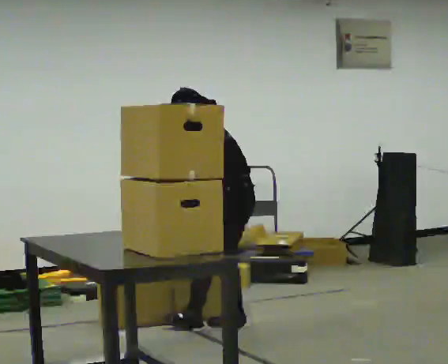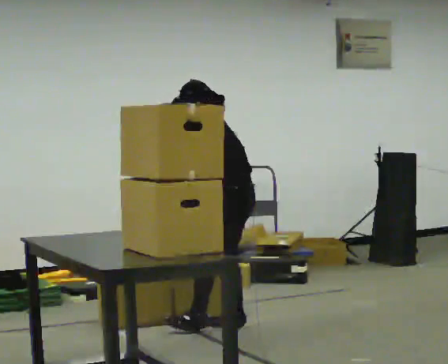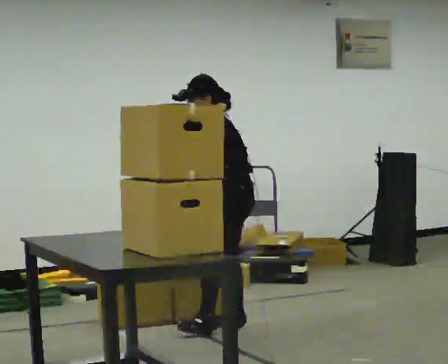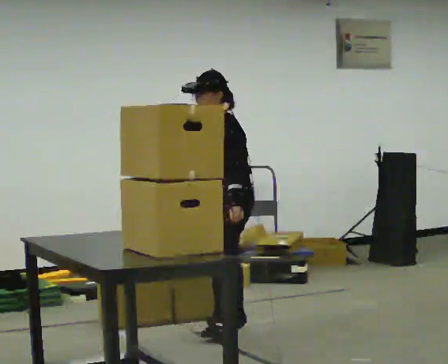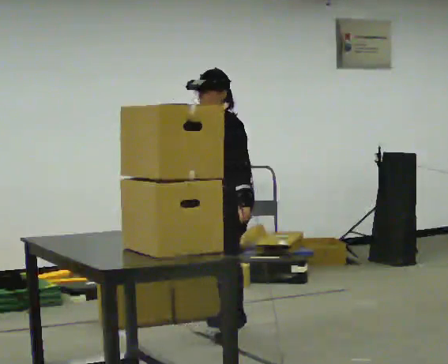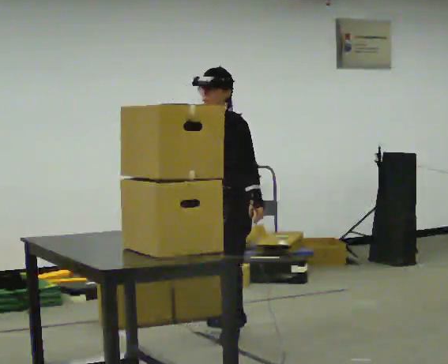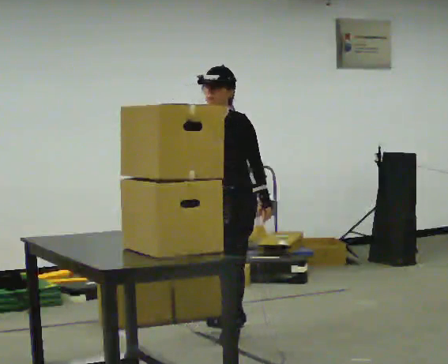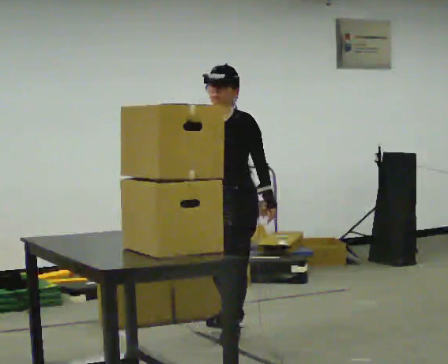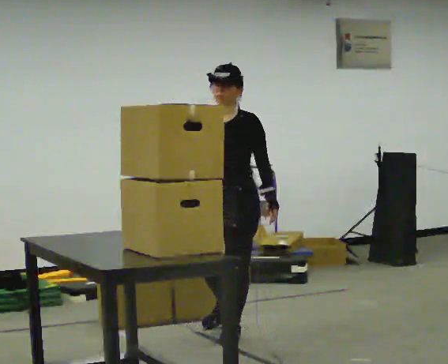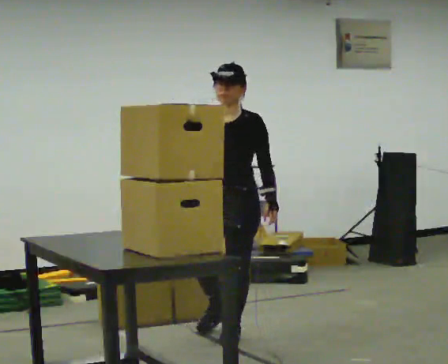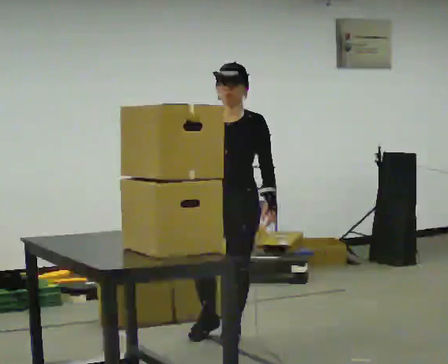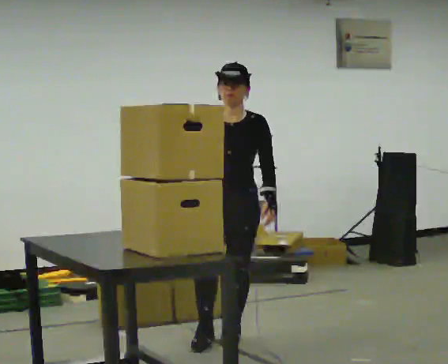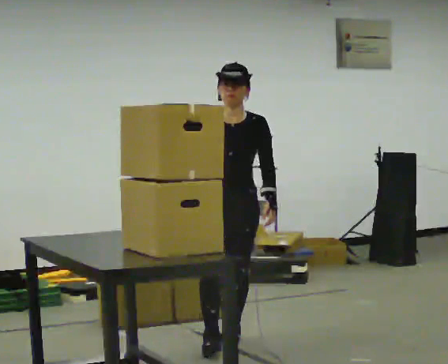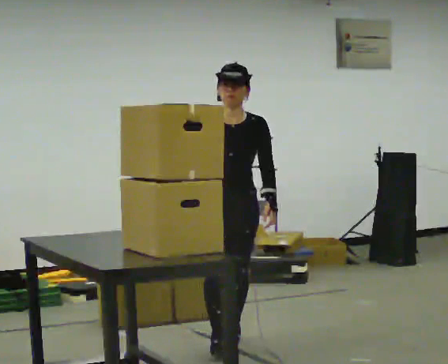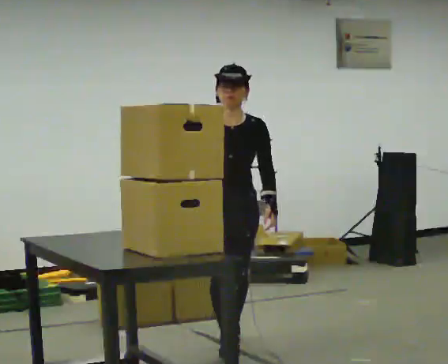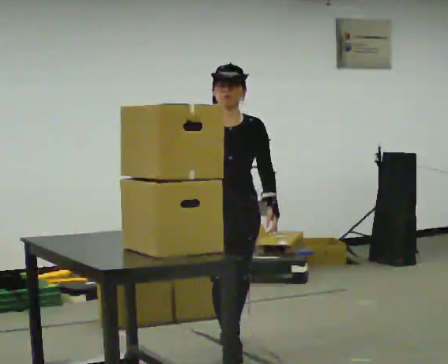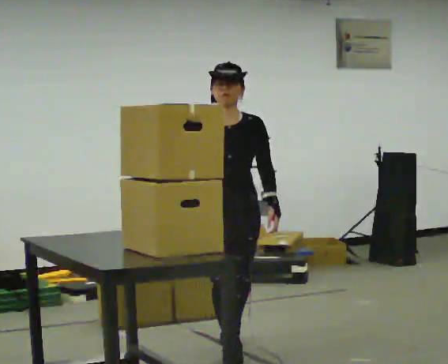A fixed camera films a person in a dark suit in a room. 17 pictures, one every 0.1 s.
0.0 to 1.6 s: Seen from above the body turns counterclockwise, about 105 degrees: to their left, with its near side sliding to the right. In the picture they go toward the camera, about 0.5 m in 2 steps. In the picture the upper body tilts clockwise, shoulders to the right, as they lean back or straighten.
The film runs forward here.
